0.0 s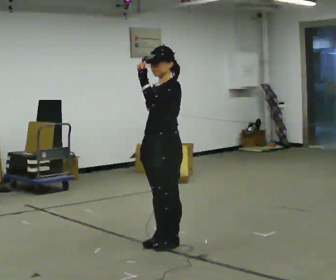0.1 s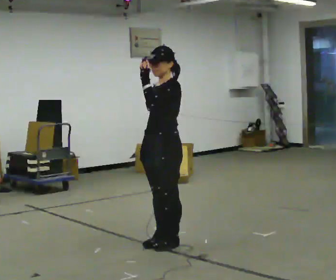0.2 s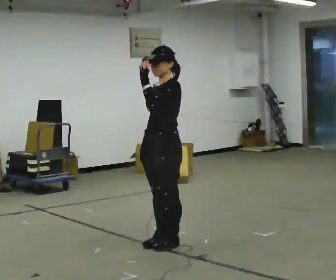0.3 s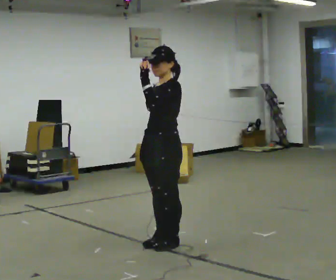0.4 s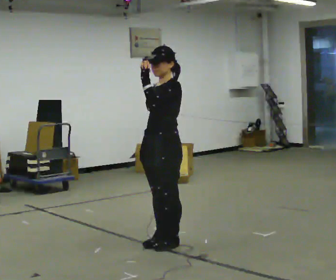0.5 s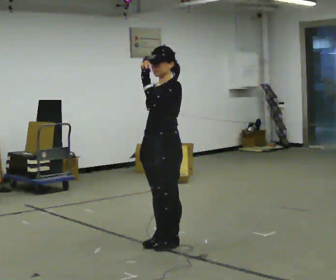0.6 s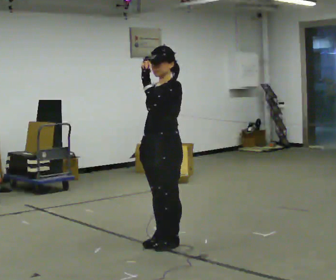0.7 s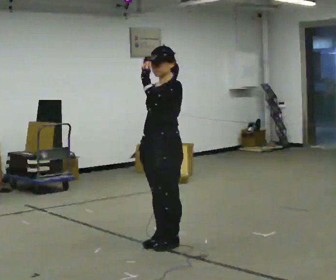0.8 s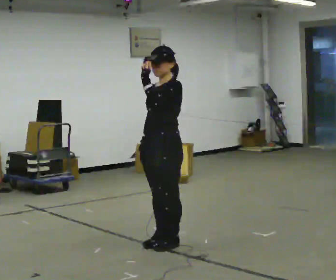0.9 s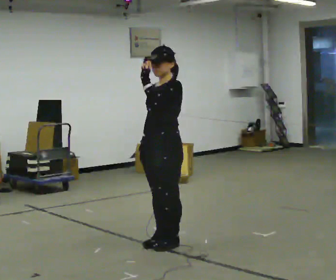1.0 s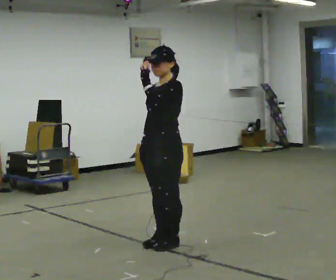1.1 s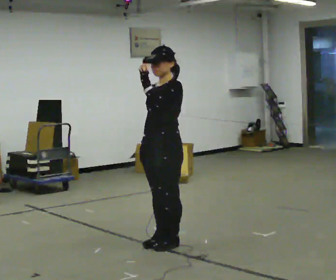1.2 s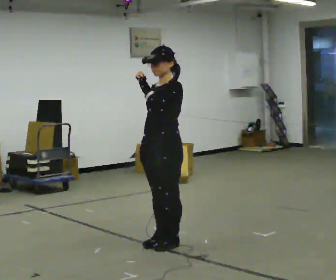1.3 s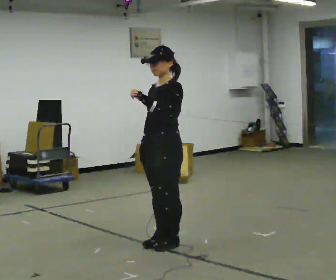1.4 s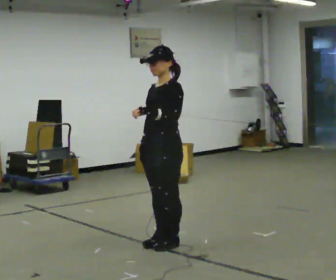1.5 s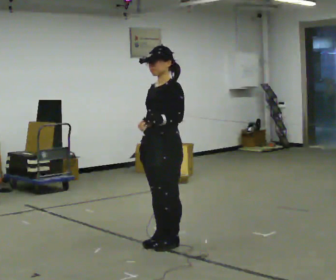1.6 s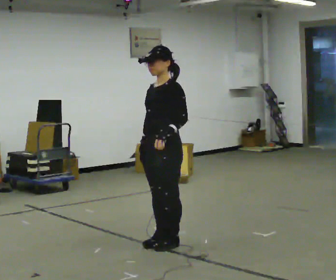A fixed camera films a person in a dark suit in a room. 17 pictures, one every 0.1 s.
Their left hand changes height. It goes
downward.
0.0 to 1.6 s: In the picture their left hand goes downward.
The film runs forward here.
